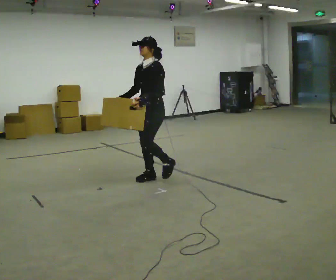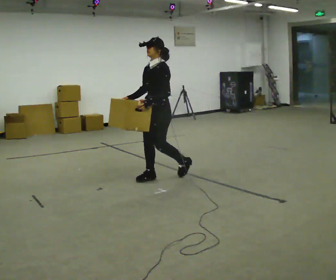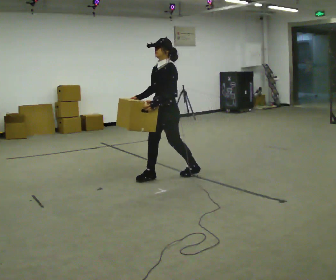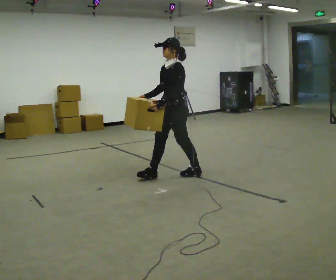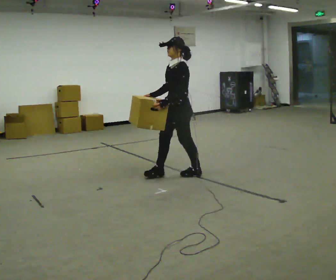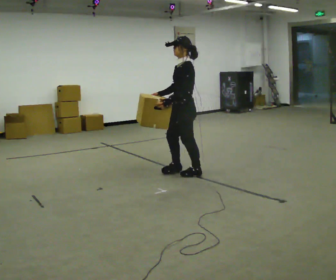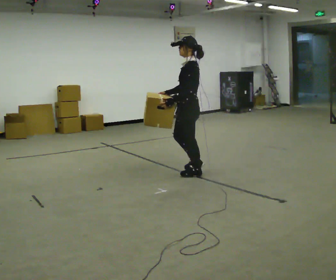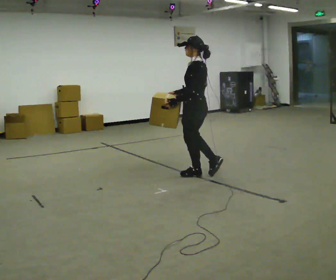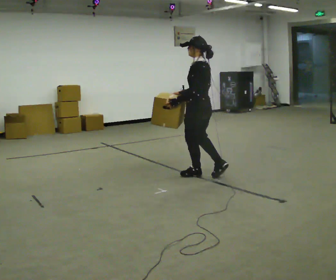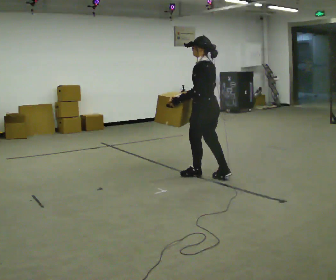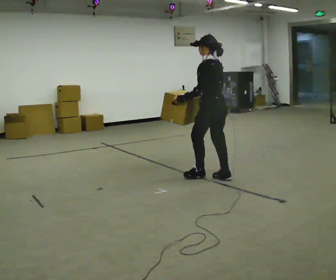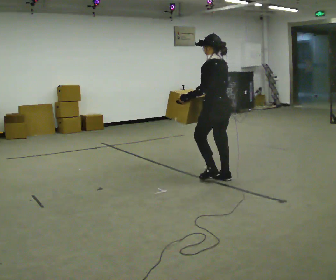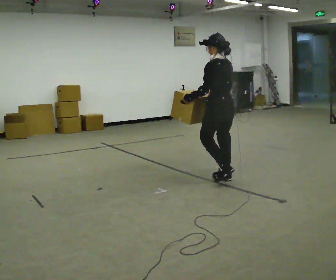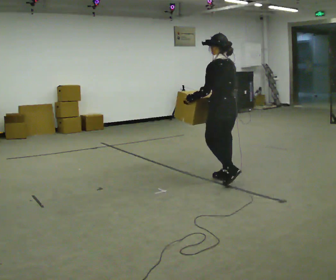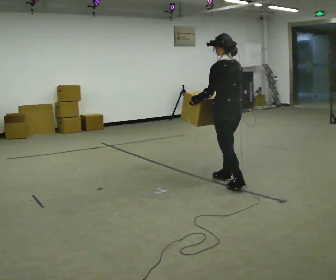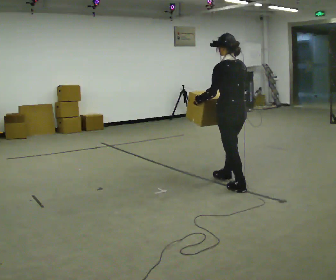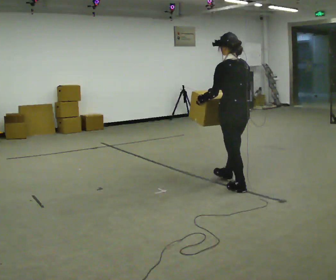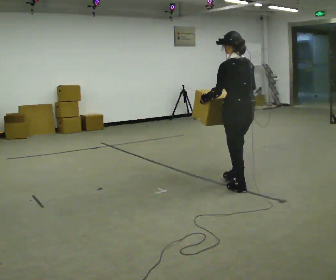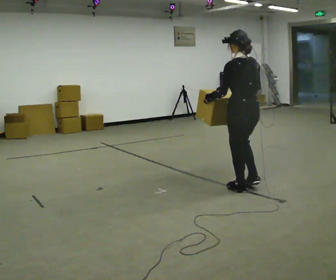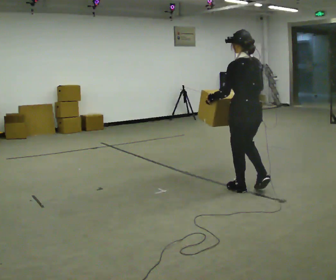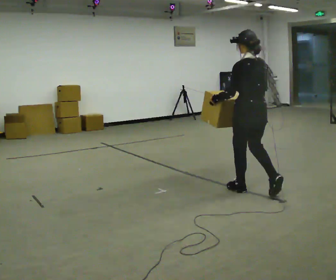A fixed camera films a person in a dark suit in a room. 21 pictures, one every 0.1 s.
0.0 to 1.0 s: Seen from above the body turns clockwise, about 75 degrees: to their right, with its near side sliding to the left. In the picture they go to the right, about 0.75 m in 2 steps.
1.0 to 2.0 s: The part of the body nearest the lens slides to the left as the person turns to their right by about 30 degrees. In the picture they go toward the camera and to the right, about 0.5 m in 1 step, which for them is backward.
The film runs backward here.
